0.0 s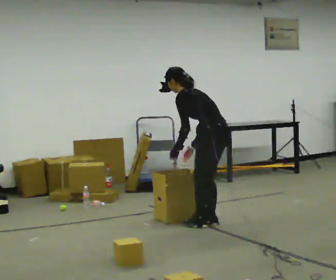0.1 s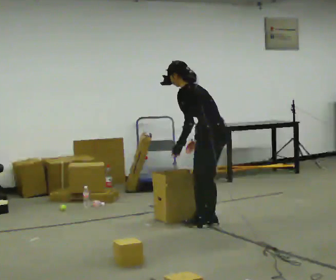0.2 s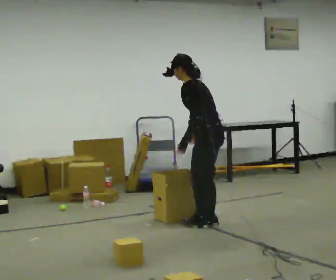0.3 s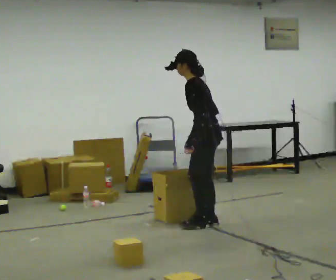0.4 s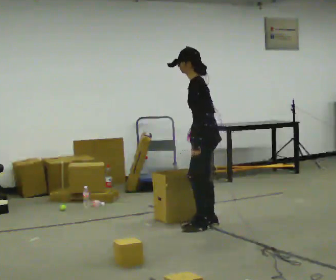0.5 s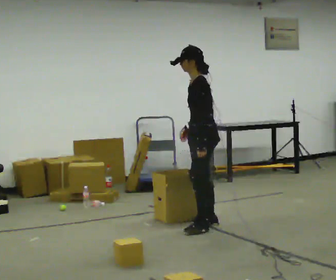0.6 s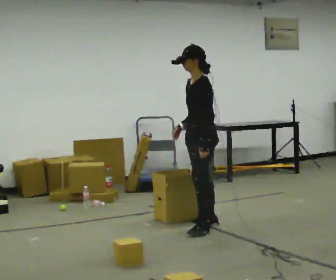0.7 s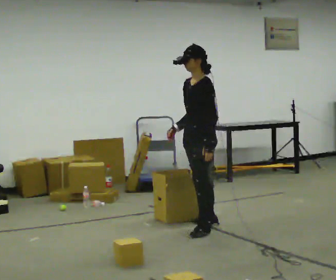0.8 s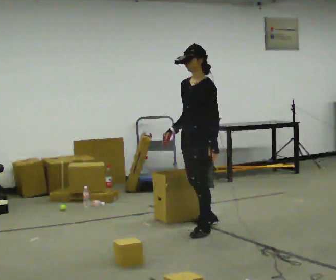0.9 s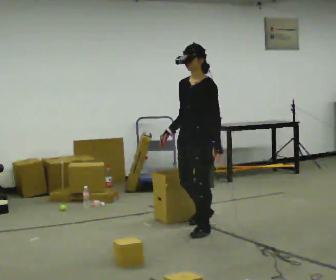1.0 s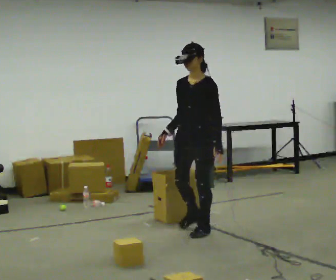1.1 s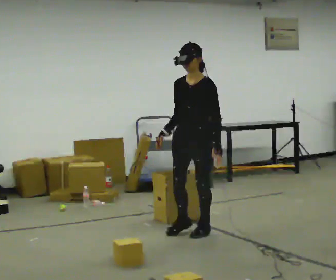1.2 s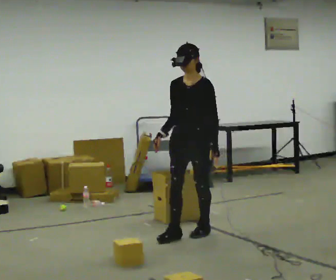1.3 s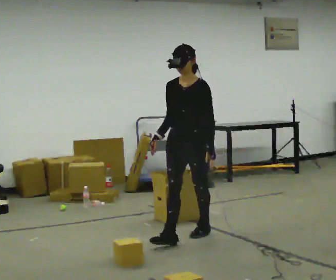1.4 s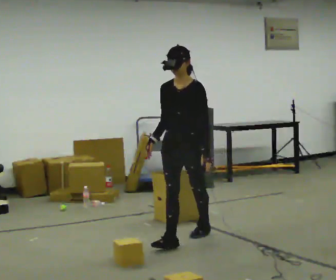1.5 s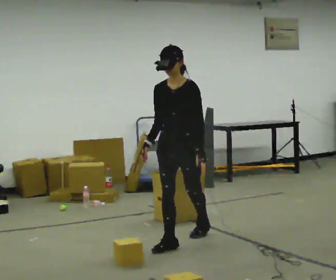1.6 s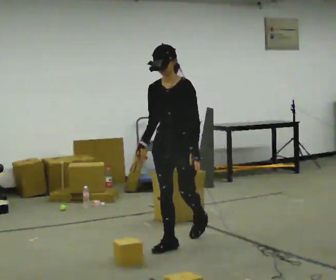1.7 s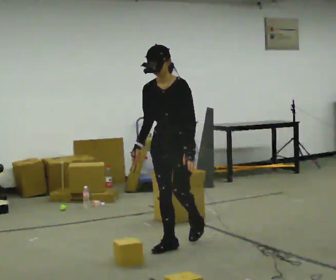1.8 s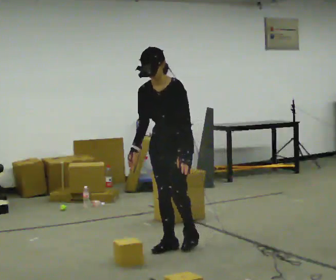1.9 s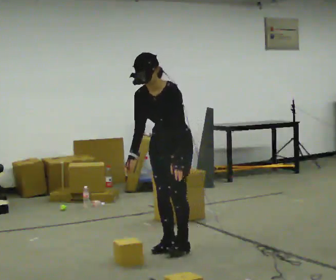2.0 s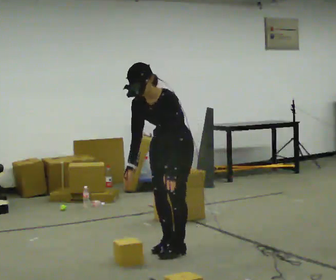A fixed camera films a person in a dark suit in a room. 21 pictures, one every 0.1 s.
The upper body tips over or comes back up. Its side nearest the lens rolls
downward.
0.0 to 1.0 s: Seen from above the body turns counterclockwise, about 90 degrees: to their left, with its near side sliding to the right. In the picture they go toward the camera and to the left, about 0.25 m in 1 step. In the picture the upper body tilts clockwise, shoulders to the right, as they lean back or straighten.
1.0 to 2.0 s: In the picture they go toward the camera and to the left, about 0.5 m in 2 steps, which for them is forward. The upper body tips toward the camera, its near side rolling downward, as they bend forward.
The film runs forward here.
